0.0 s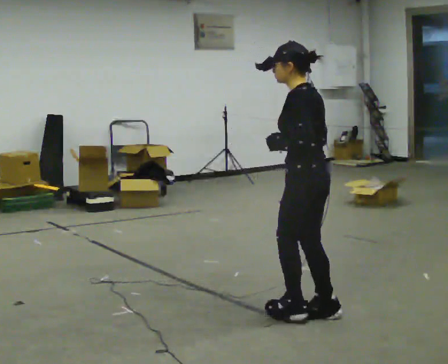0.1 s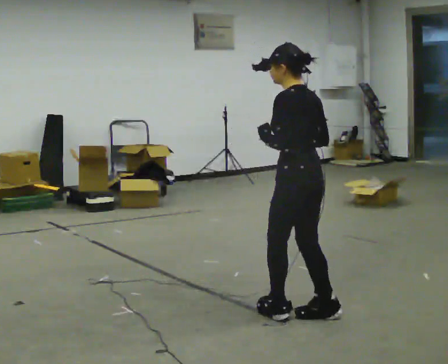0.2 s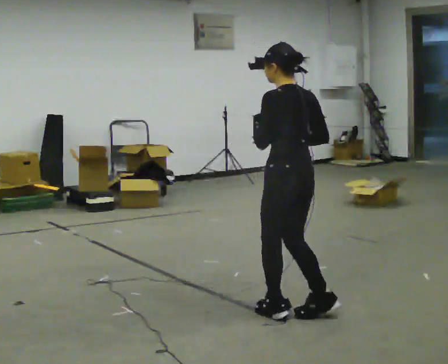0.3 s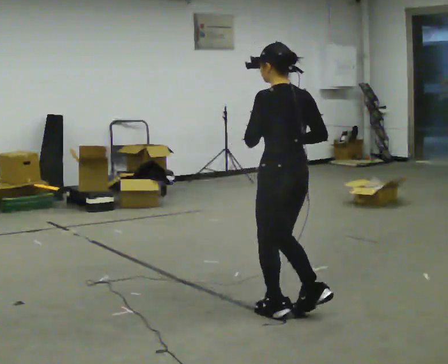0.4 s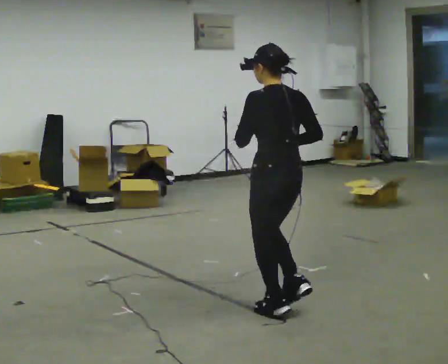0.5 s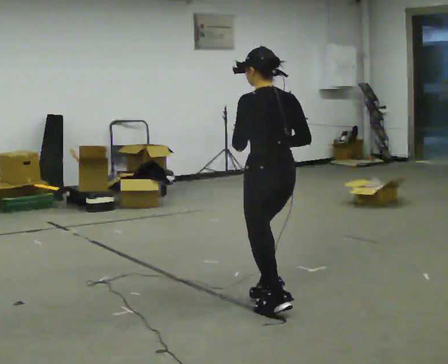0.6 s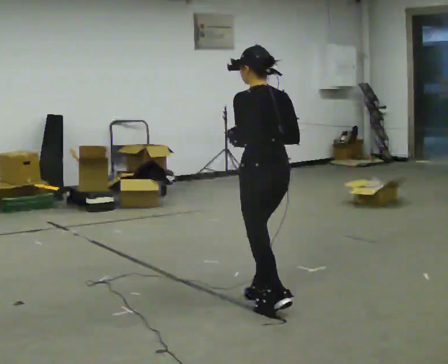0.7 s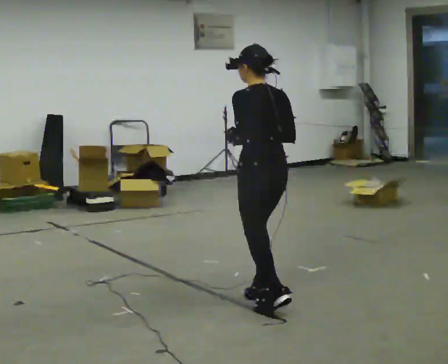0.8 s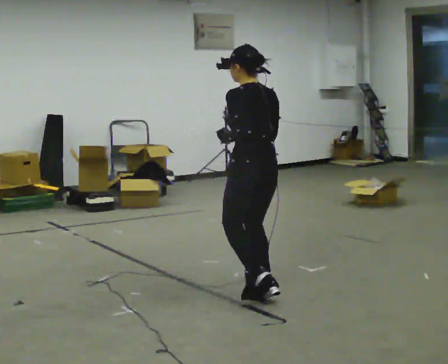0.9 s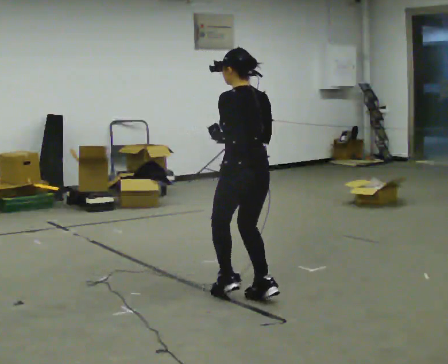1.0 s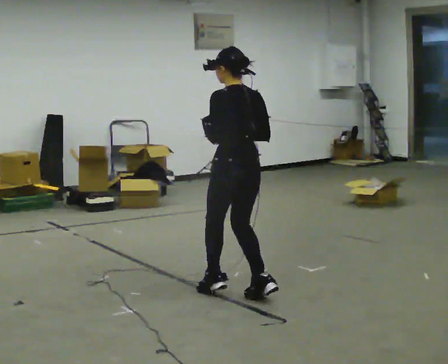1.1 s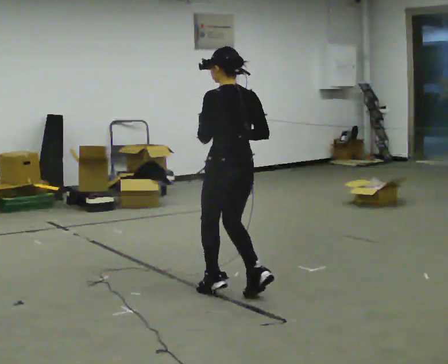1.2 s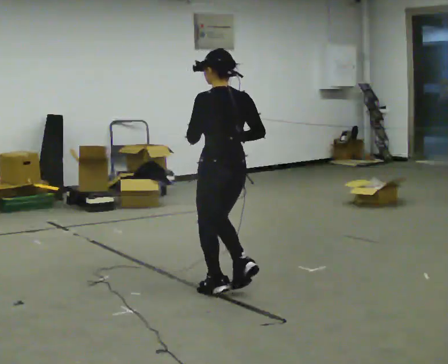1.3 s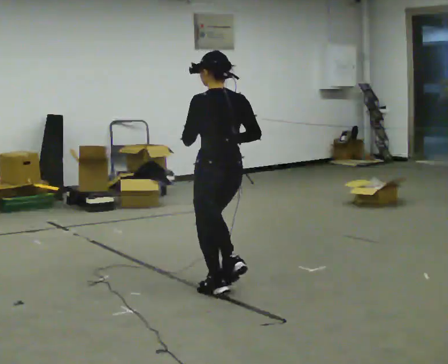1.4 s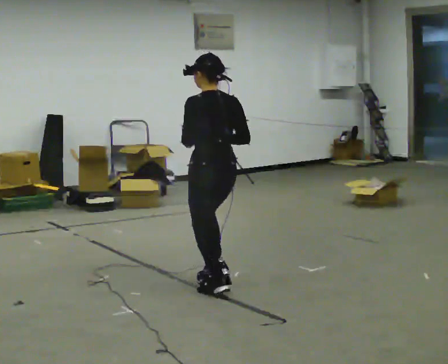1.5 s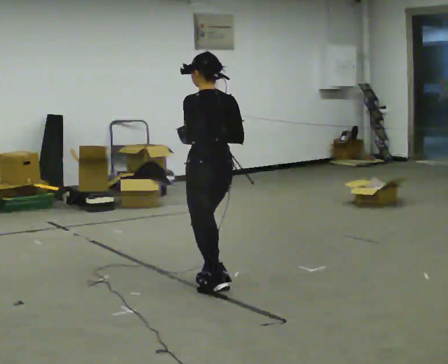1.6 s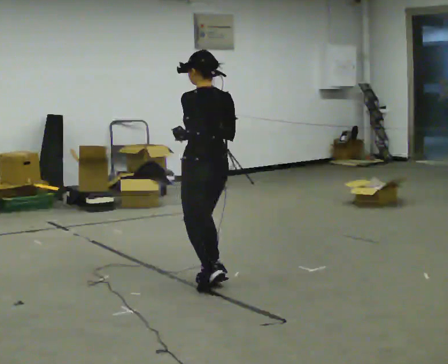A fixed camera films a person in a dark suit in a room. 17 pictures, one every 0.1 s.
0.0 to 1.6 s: The person turns about 30 degrees to their right, clockwise seen from above, so the part of the body nearest the lens slides to the left. In the picture they go away from the camera and to the left, about 1 m in 4 steps, which for them is forward.
The film runs backward here.
